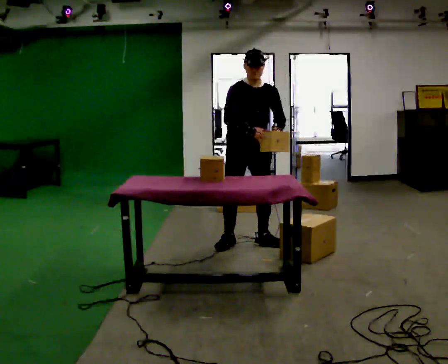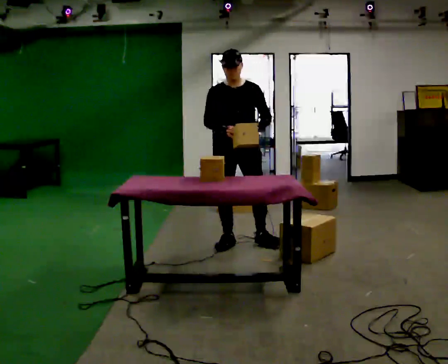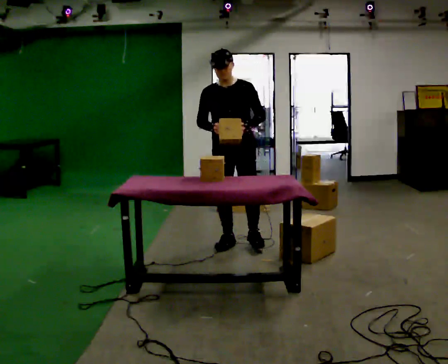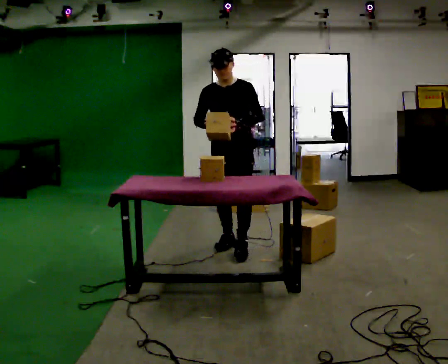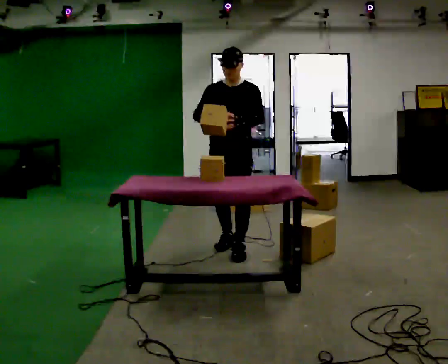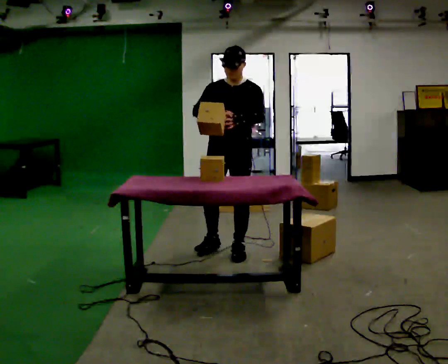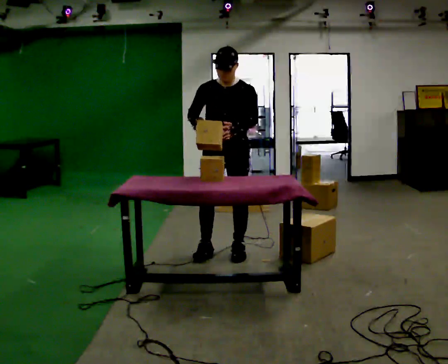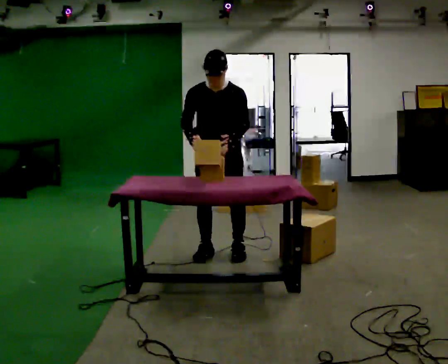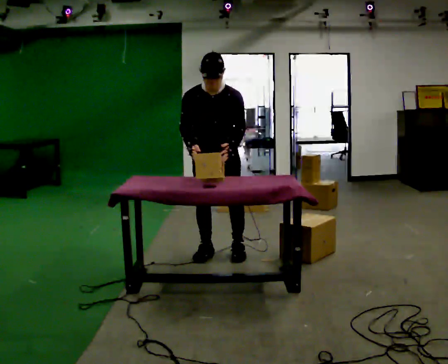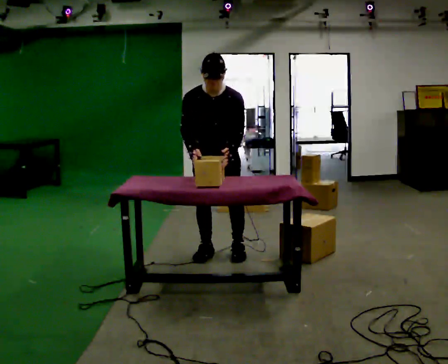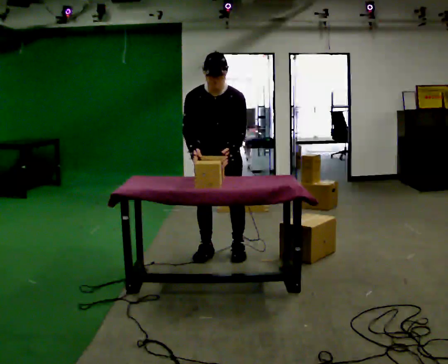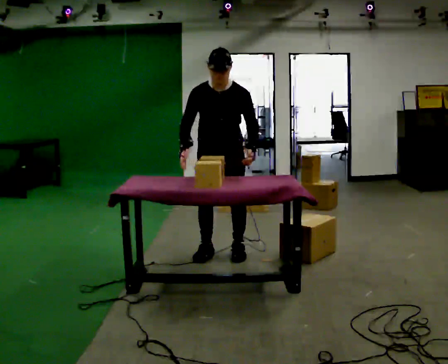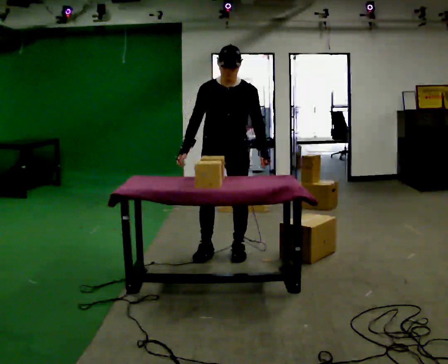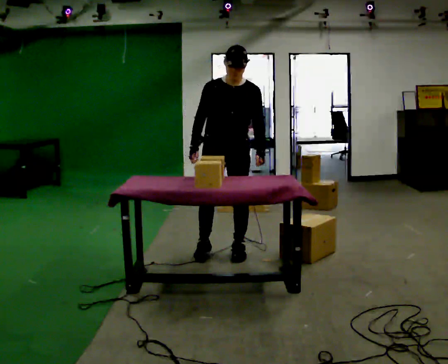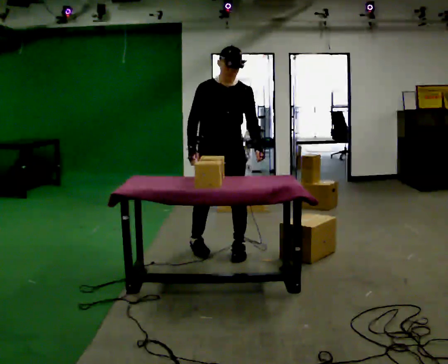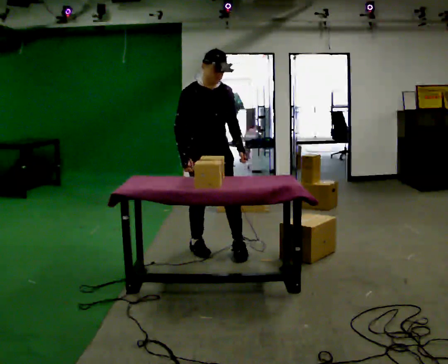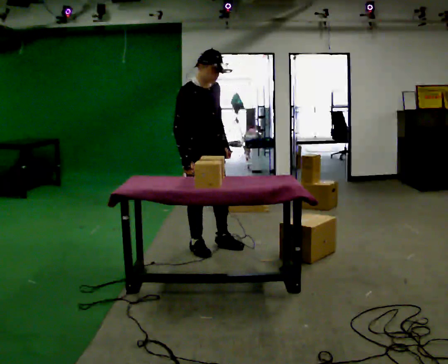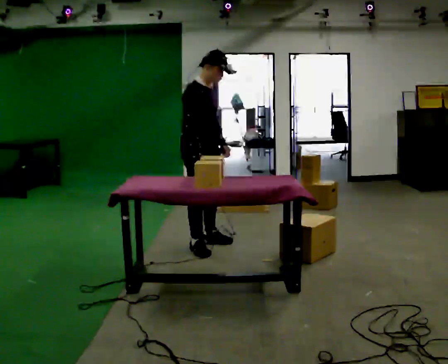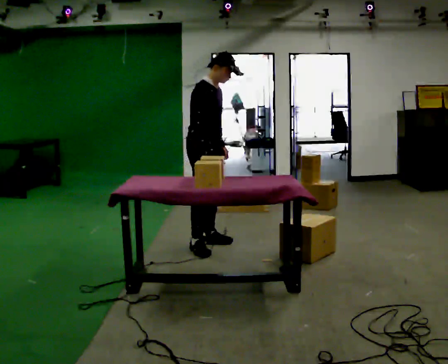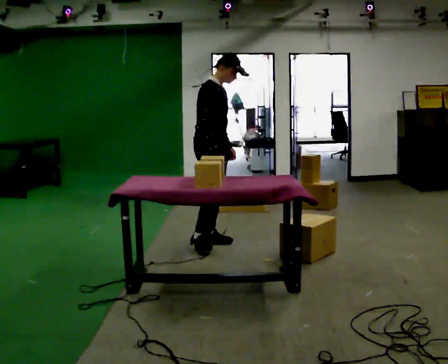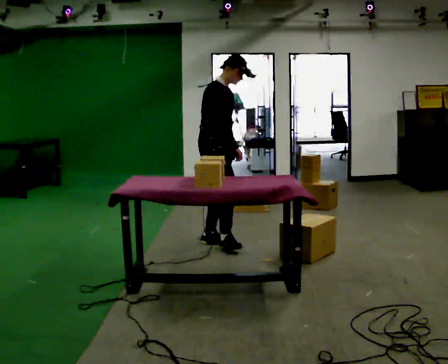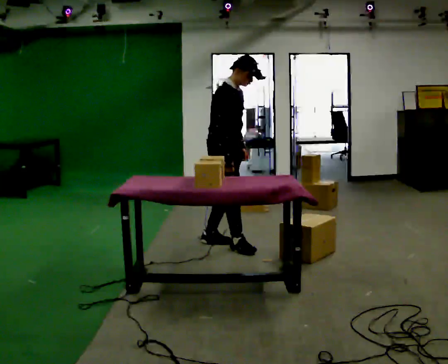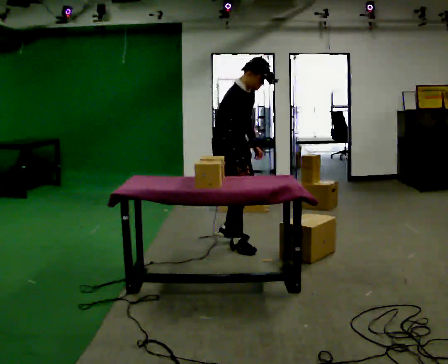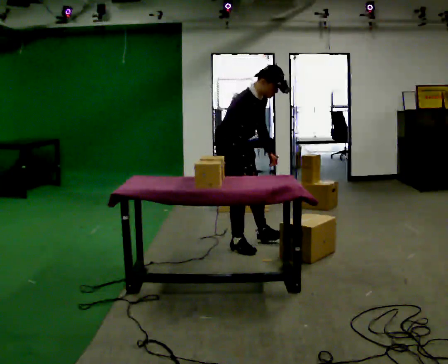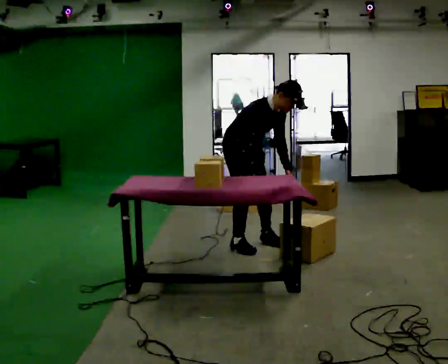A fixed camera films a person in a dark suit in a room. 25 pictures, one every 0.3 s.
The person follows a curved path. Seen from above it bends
clockwise.
0.0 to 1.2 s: The person turns about 30 degrees to their right, clockwise seen from above, so the part of the body nearest the lens slides to the left. In the picture they go toward the camera, about 0.25 m in 1 step, which for them is forward. In the picture their left hand goes to the left.
1.2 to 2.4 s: The upper body tips toward the camera, its near side rolling downward, as they bend forward.
2.4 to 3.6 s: The upper body tips away from the camera, its near side rolling upward, as they lean back or straighten.
3.6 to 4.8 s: The person turns about 45 degrees to their left, counterclockwise seen from above, so the part of the body nearest the lens slides to the right. In the picture they go to the left, about 0.25 m in 1 step, which for them is to their right and backward.
4.8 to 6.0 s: The person turns about 30 degrees to their left, counterclockwise seen from above, so the part of the body nearest the lens slides to the right. In the picture they go away from the camera, about 0.25 m in 1 step, which for them is to their left.
6.0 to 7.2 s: In the picture they go to the right, about 0.25 m in 2 steps, which for them is forward. The upper body goes downward. The upper body tips toward the camera, its near side rolling downward, as they bend forward. In the picture their right hand goes to the right.
The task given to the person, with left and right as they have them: 1. Take everything out of the crates by the door. 2. Put the small items on the middle shelf. 3. Put the large items on the bottom shelf. 4. Stack the empty crates by the door. 5. Tell the operator when you are finished.
The film runs forward here.
